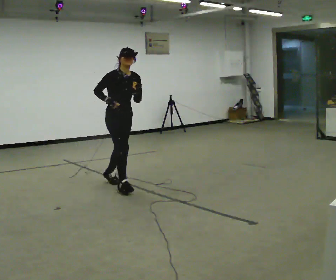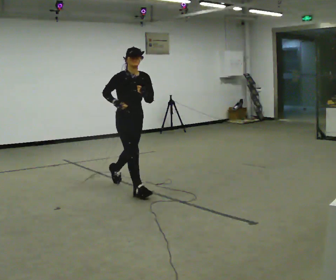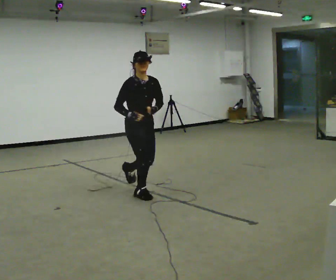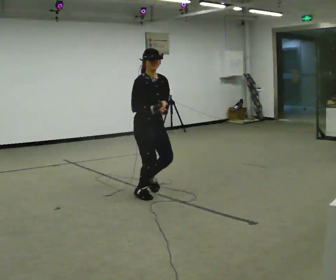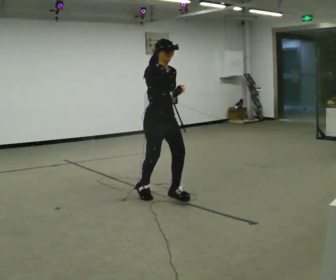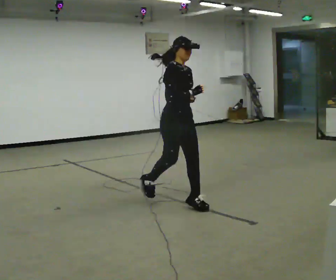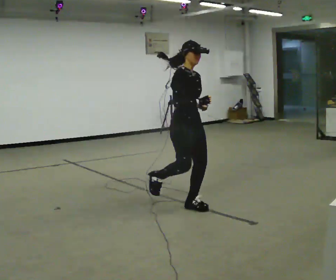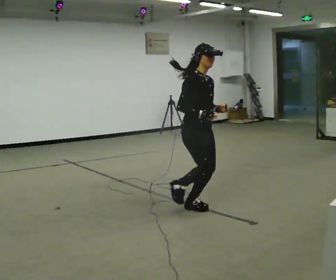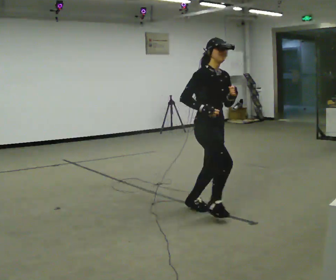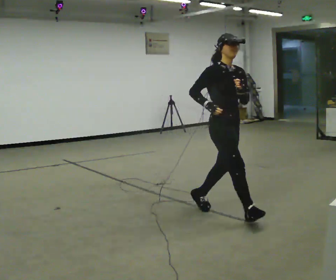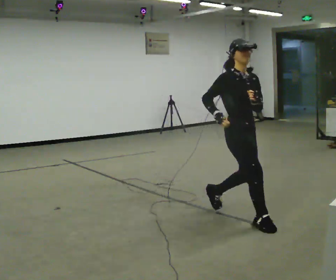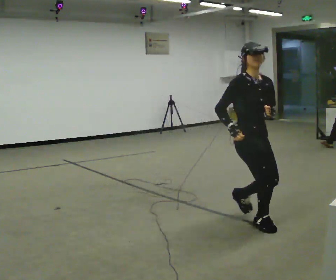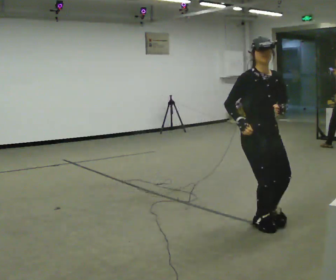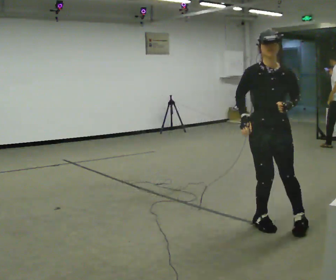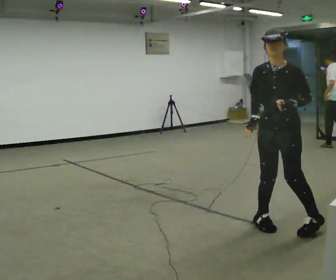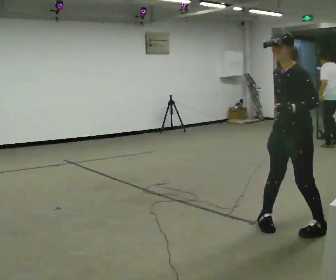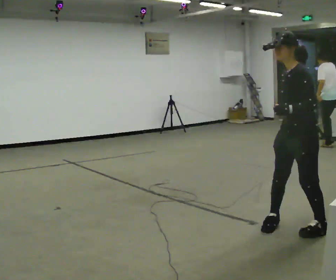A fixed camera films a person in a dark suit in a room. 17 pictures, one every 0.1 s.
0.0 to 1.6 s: The part of the body nearest the lens slides to the left as the person turns to their right by about 120 degrees. In the picture they go to the right and toward the camera, about 2 m in 4 steps. In the picture the upper body tilts counterclockwise, shoulders to the left.
The film runs forward here.
